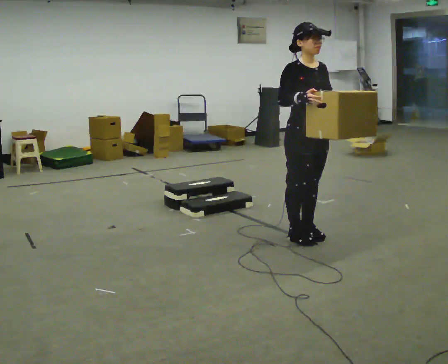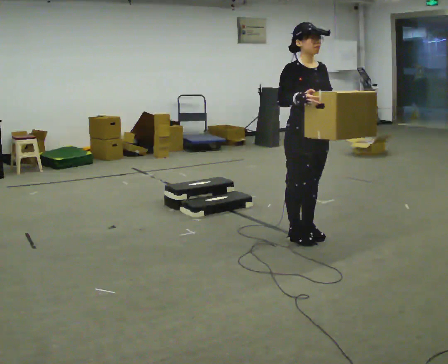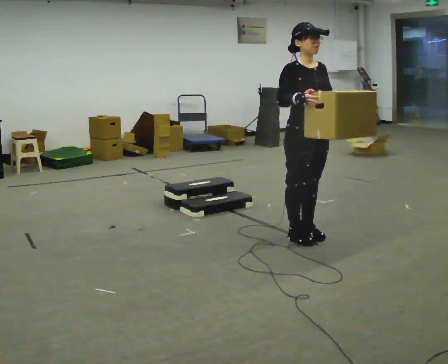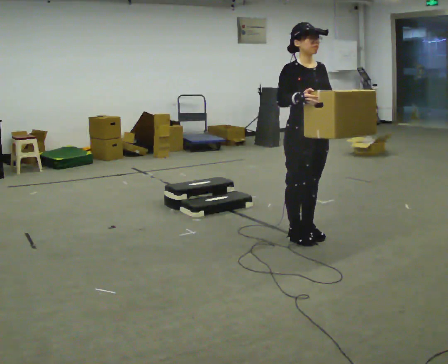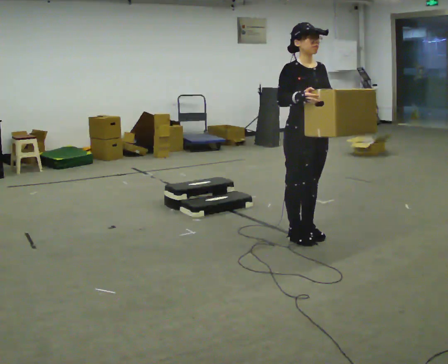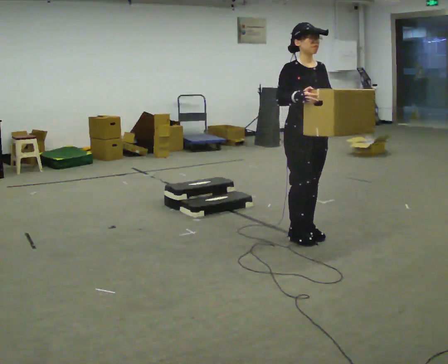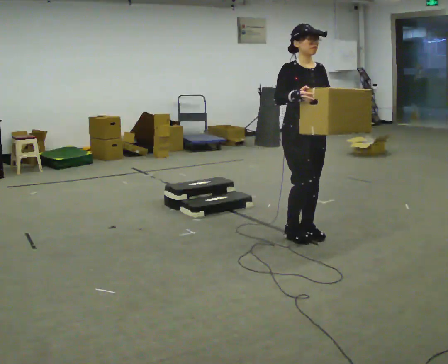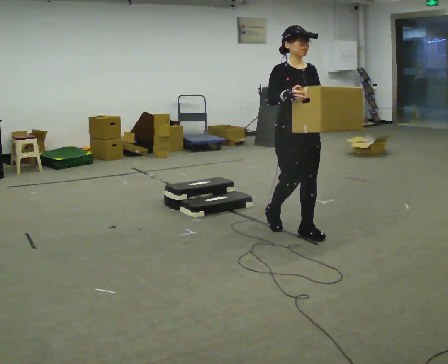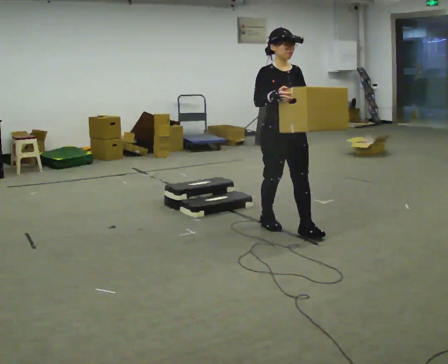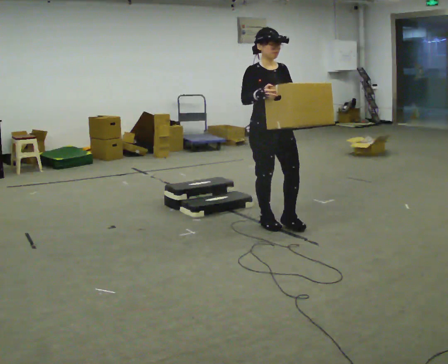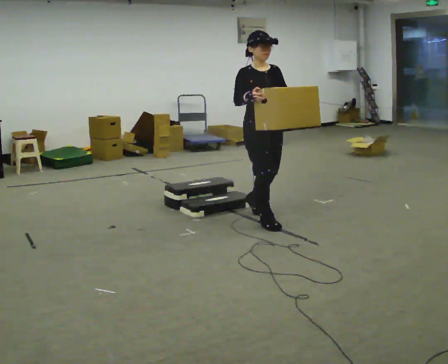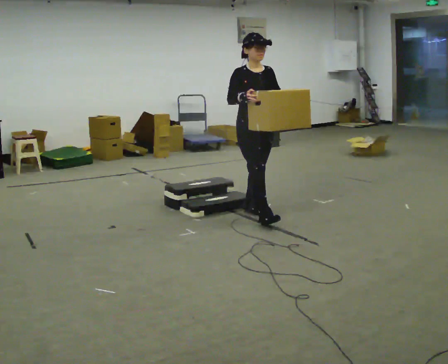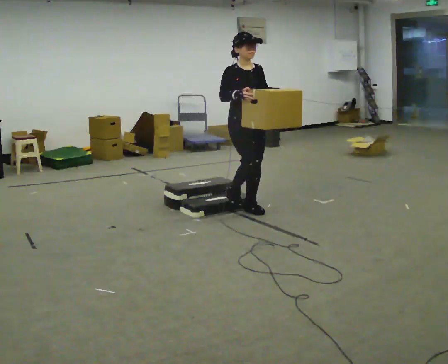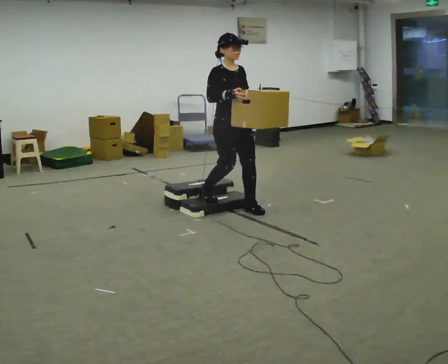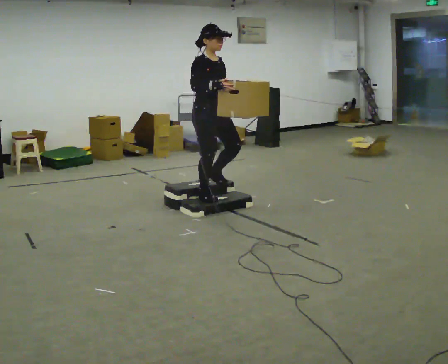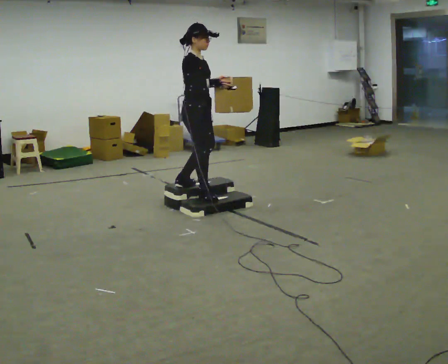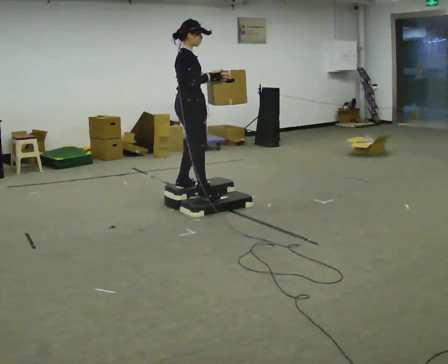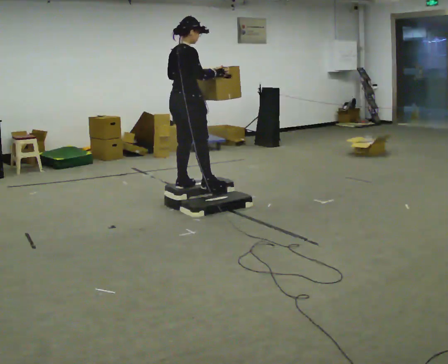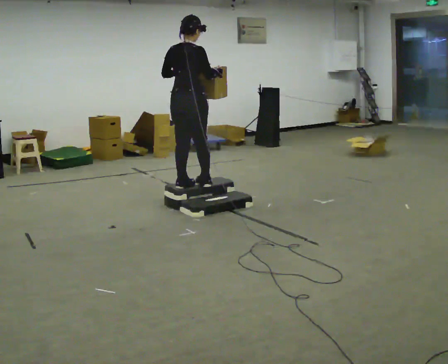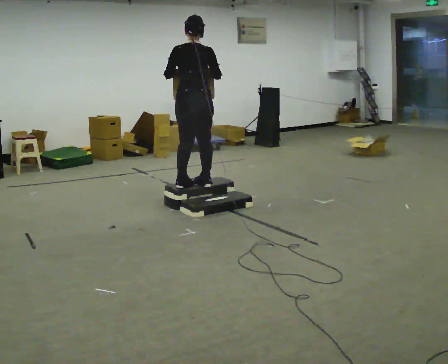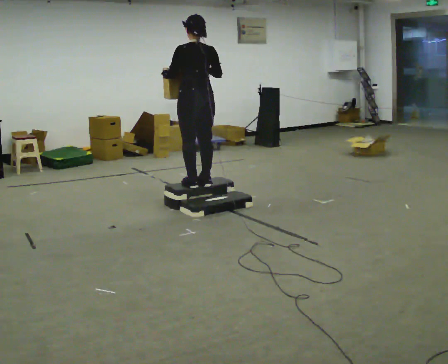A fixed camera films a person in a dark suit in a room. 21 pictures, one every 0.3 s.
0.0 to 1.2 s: The person keeps their place and pose.
1.2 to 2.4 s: In the picture they go away from the camera and to the left, about 0.25 m in 1 step, which for them is backward.
2.4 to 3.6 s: In the picture they go away from the camera and to the left, about 0.5 m in 2 steps, which for them is backward.
3.6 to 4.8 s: The part of the body nearest the lens slides to the right as the person turns to their left by about 60 degrees. In the picture they go to the left, about 0.5 m in 1 step.
4.8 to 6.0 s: Seen from above the body turns counterclockwise, about 105 degrees: to their left, with its near side sliding to the right. In the picture their left hand goes to the left.
The film runs backward here.
